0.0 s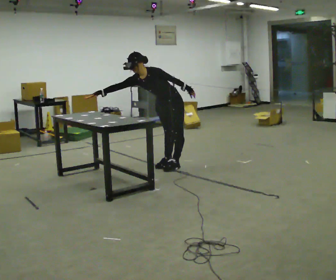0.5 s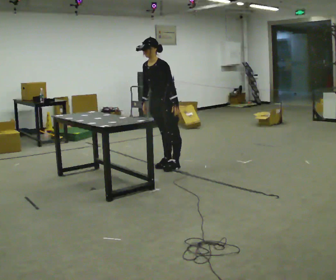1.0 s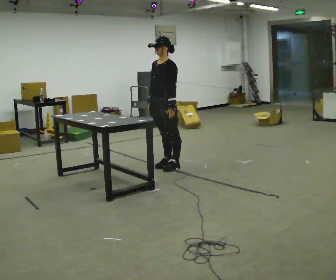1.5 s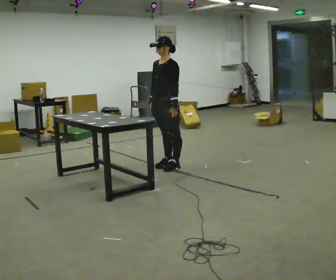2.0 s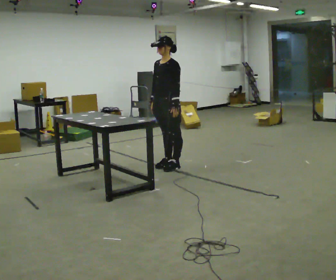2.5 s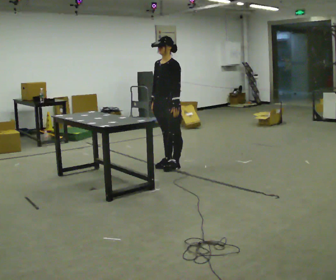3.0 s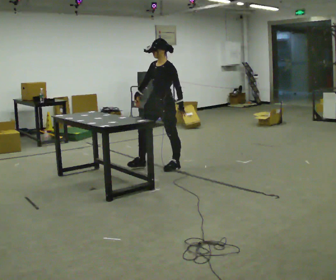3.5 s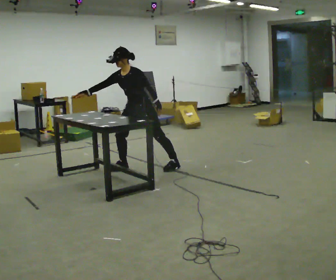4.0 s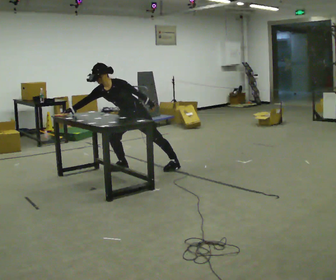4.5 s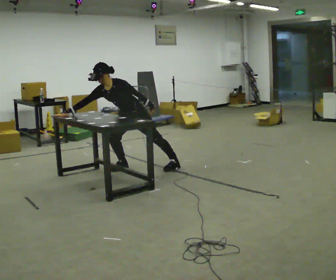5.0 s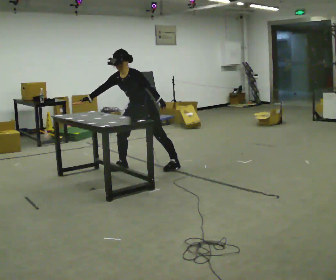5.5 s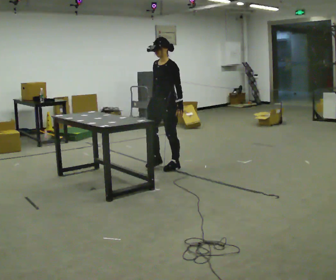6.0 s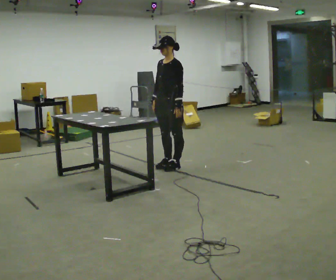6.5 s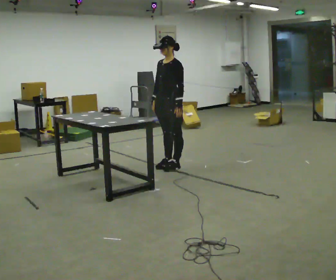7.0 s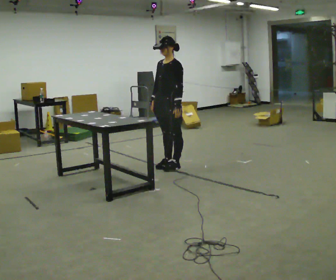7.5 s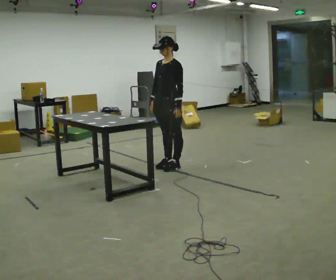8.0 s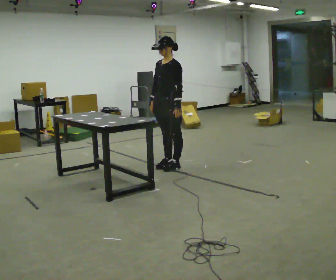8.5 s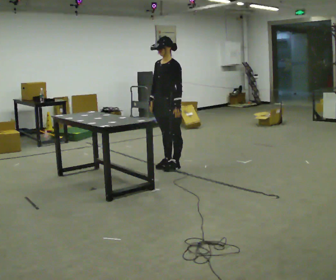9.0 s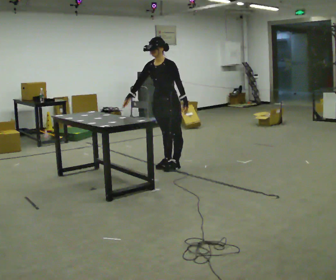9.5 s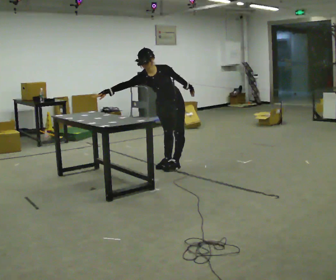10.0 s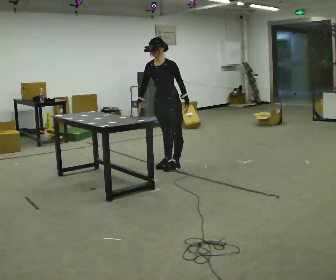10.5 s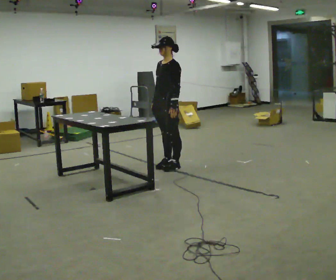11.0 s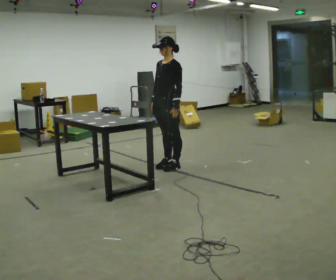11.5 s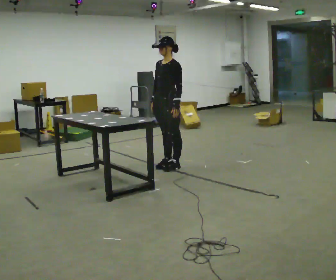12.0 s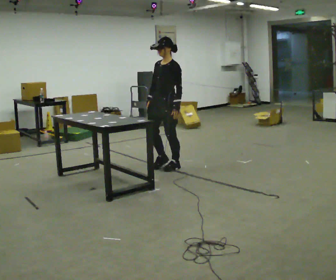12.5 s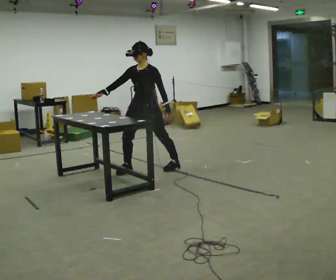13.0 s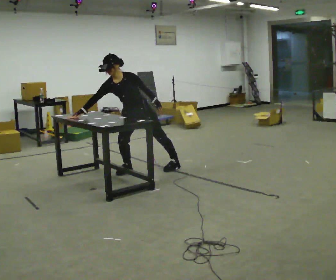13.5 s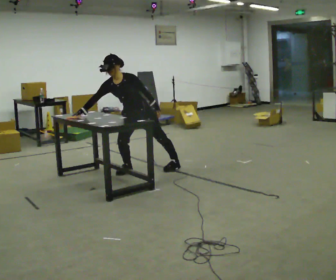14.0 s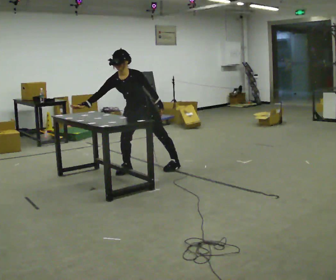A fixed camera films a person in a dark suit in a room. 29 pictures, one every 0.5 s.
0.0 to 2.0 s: In the picture the upper body tilts clockwise, shoulders to the right, as they lean back or straighten.
2.0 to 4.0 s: In the picture they go to the left, about 0.5 m in 1 step, which for them is forward and to their right. The upper body goes downward. In the picture the upper body tilts counterclockwise, shoulders to the left, as they bend forward.
4.0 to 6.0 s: In the picture they go to the right, about 0.5 m in 1 step, which for them is to their left and backward. The shoulders move upward. In the picture the upper body tilts clockwise, shoulders to the right, as they lean back or straighten.
6.0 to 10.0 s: The person moves a little, or ends about where they began.
10.0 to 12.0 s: In the picture the upper body tilts clockwise, shoulders to the right, as they lean back or straighten.
12.0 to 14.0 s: The part of the body nearest the lens slides to the right as the person turns to their left by about 30 degrees. In the picture they go to the left, about 0.25 m in 1 step, which for them is to their right and forward.
The film runs forward here.
